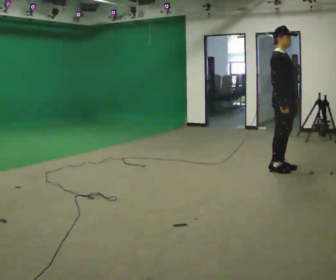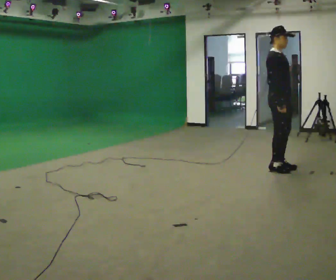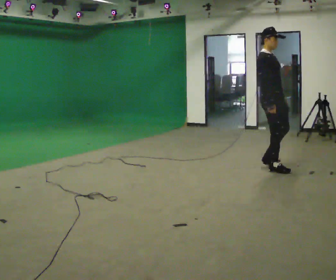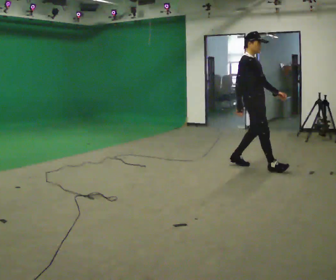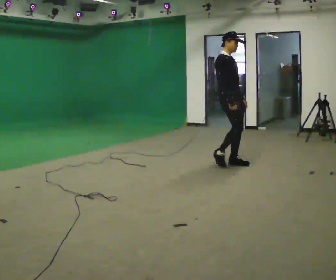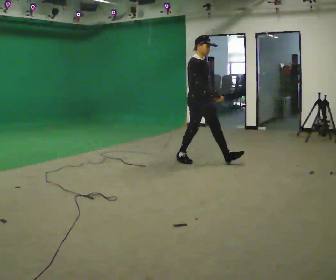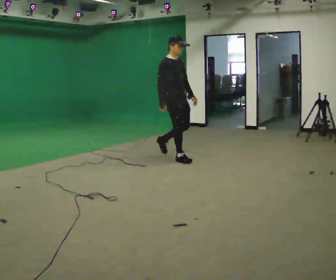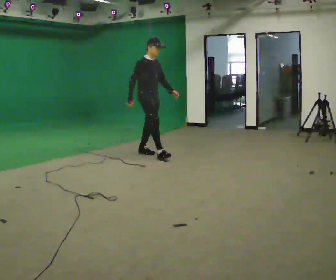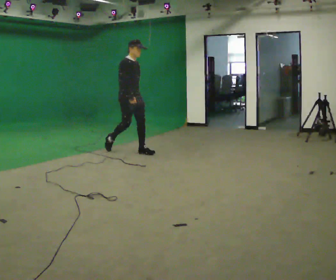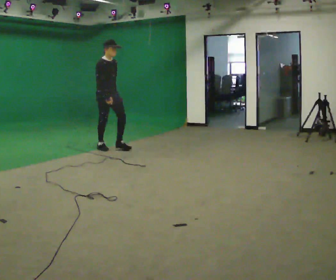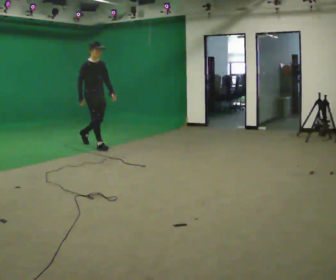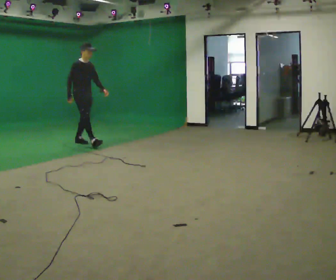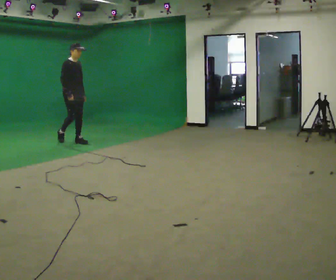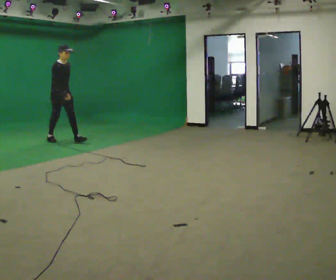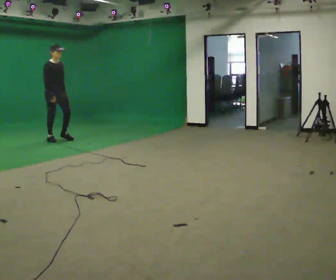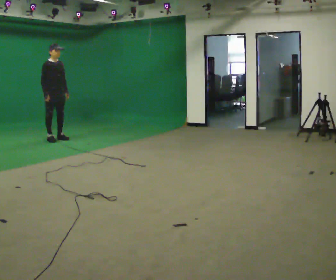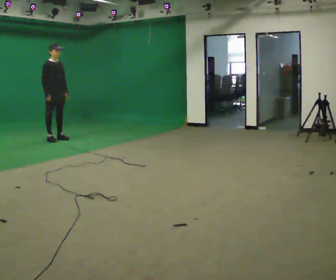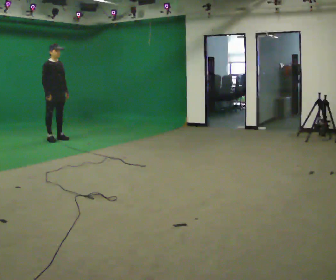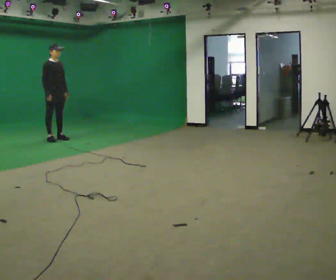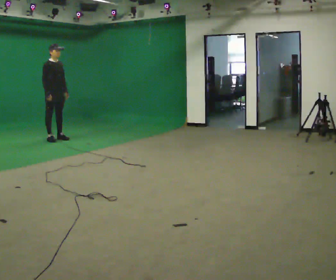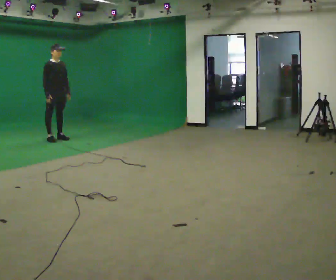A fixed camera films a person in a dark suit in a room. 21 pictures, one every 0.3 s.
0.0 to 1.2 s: In the picture they go away from the camera and to the left, about 0.5 m in 2 steps, which for them is backward.
1.2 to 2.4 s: In the picture they go to the left and away from the camera, about 1.5 m in 2 steps, which for them is backward.
2.4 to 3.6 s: In the picture they go to the left and away from the camera, about 1.5 m in 2 steps, which for them is backward.
3.6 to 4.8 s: In the picture they go to the left and away from the camera, about 0.5 m in 1 step, which for them is backward.
4.8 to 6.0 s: The person moves a little, or ends about where they began.
The film runs backward here.
